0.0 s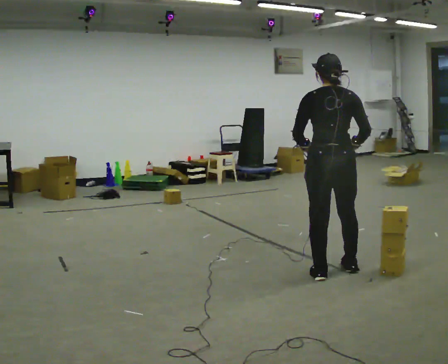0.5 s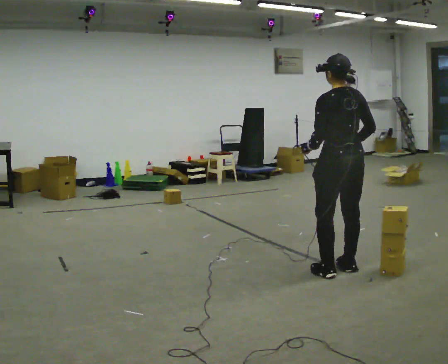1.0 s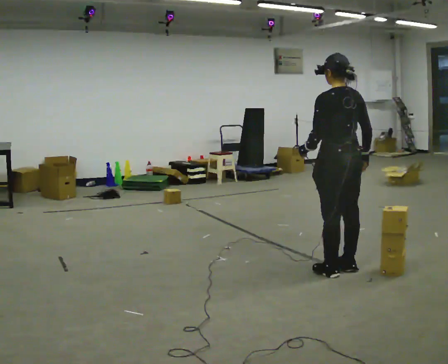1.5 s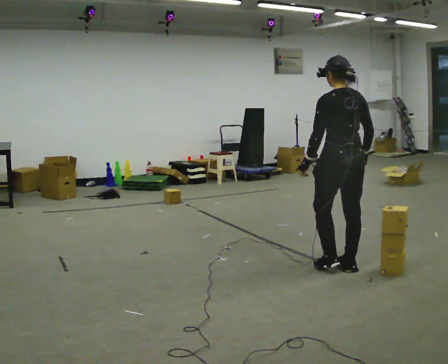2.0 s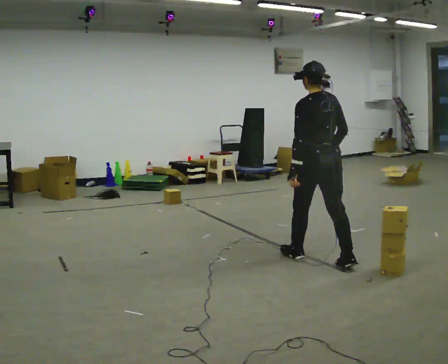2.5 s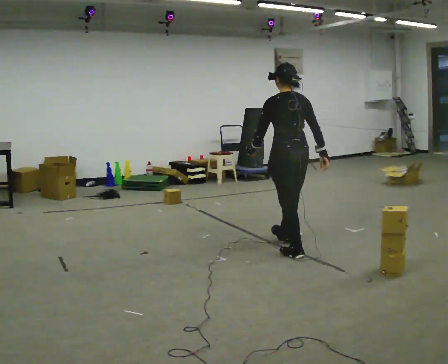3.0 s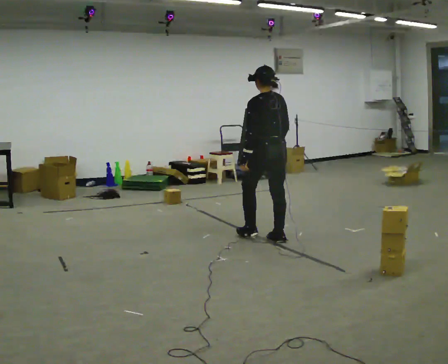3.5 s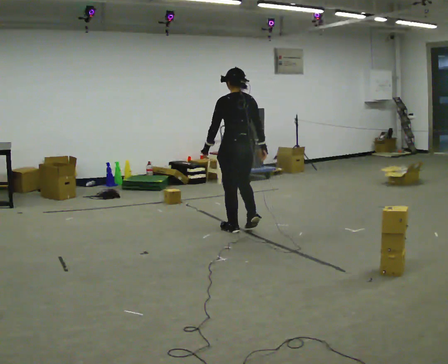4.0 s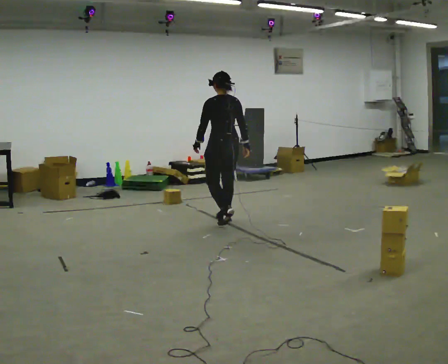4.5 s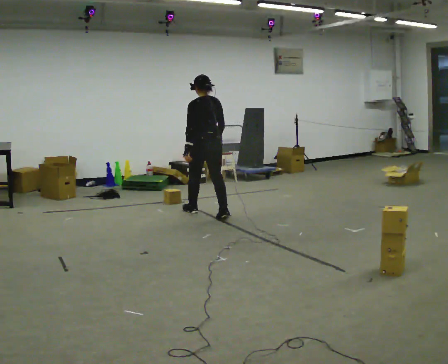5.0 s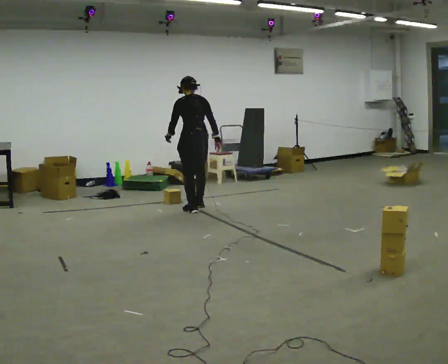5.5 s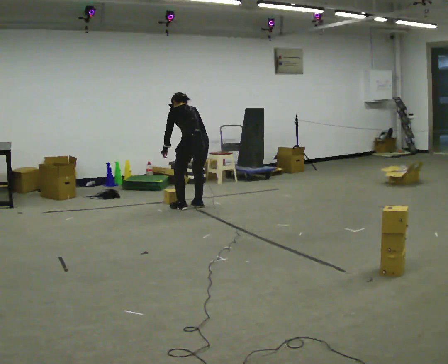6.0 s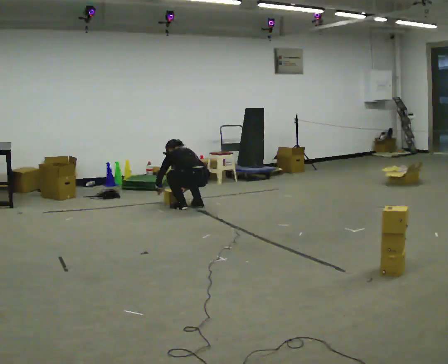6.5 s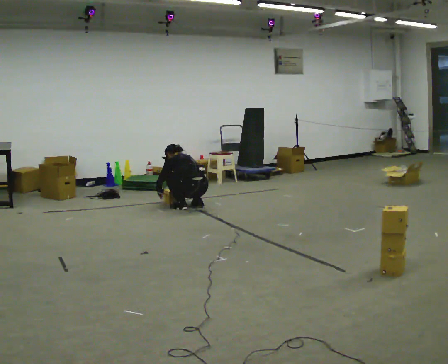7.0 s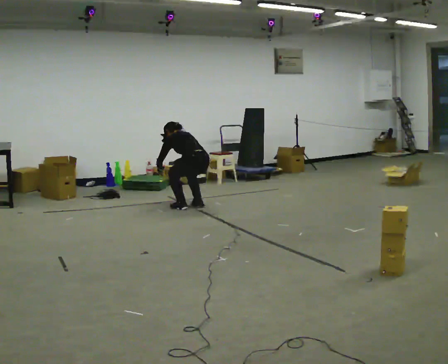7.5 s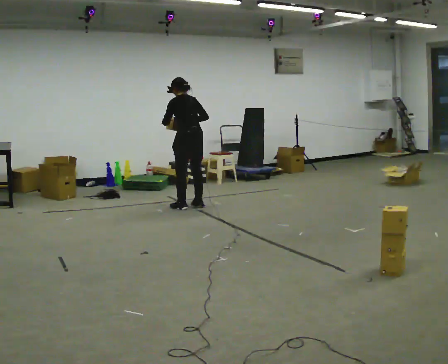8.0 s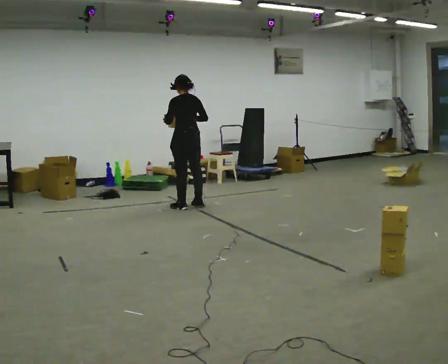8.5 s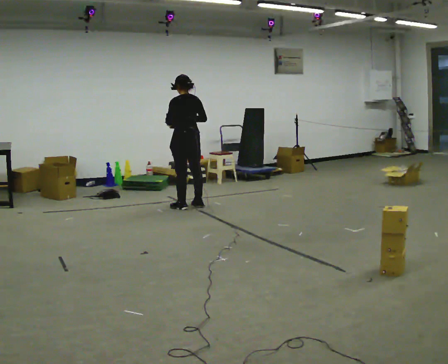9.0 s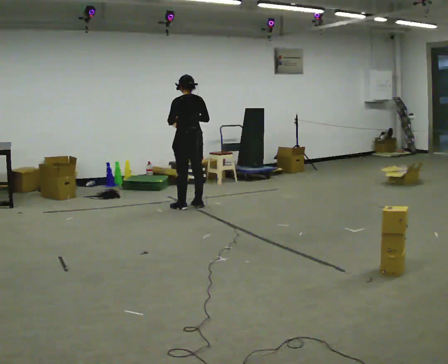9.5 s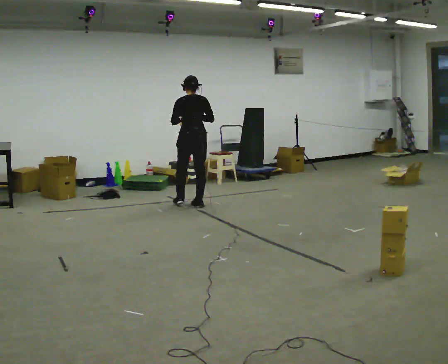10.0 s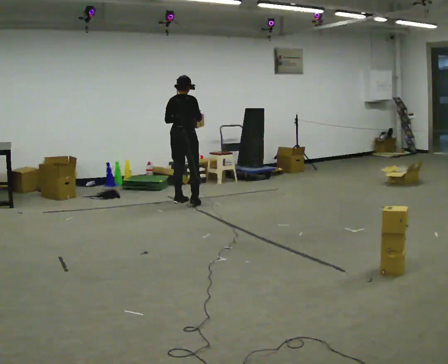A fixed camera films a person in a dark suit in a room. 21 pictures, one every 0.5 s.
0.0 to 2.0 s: In the picture they go away from the camera, about 0.25 m in 1 step, which for them is forward.
2.0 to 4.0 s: In the picture they go away from the camera and to the left, about 1.5 m in 3 steps, which for them is forward.
4.0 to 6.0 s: In the picture they go away from the camera and to the left, about 0.75 m in 3 steps, which for them is forward. The shoulders move downward. The upper body tips away from the camera, its near side rolling upward, as they bend forward. In the picture their right hand goes downward.
6.0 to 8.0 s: In the picture they go away from the camera, about 0.25 m, which for them is forward. The upper body goes upward. The upper body tips toward the camera, its near side rolling downward, as they lean back or straighten. In the picture their left hand goes upward.
8.0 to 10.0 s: Seen from above the body turns clockwise, about 75 degrees: to their right, with its near side sliding to the left. In the picture they go away from the camera, about 0.25 m in 1 step.
The film runs forward here.
